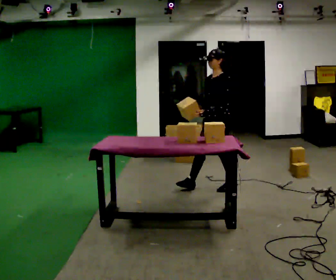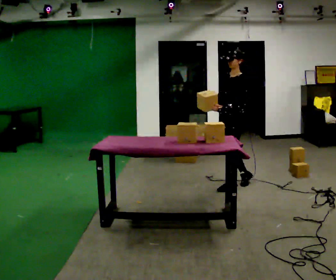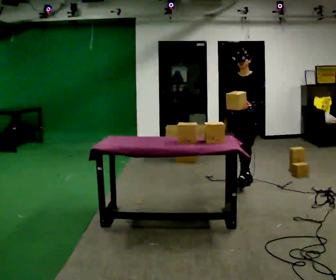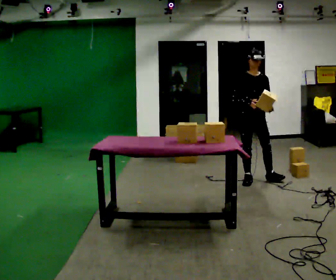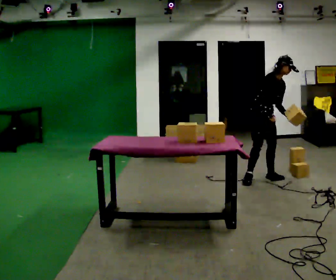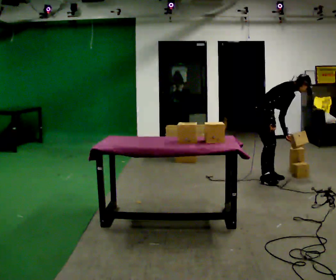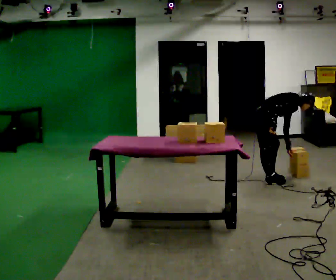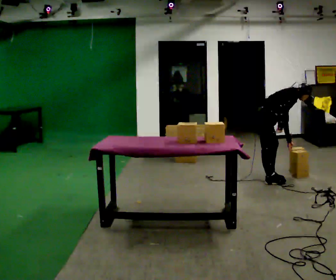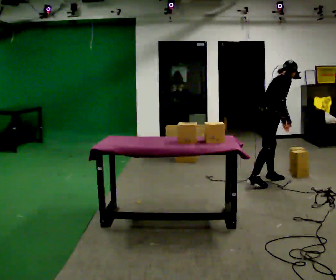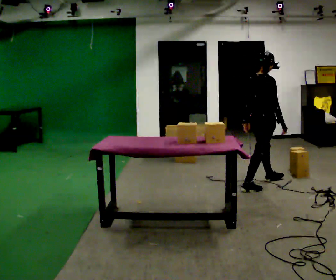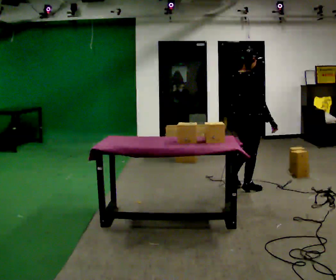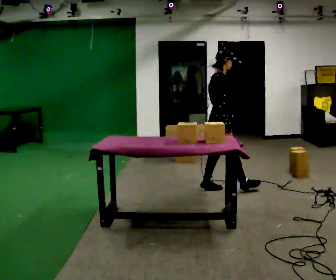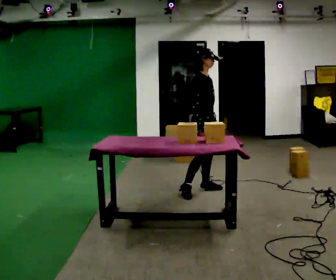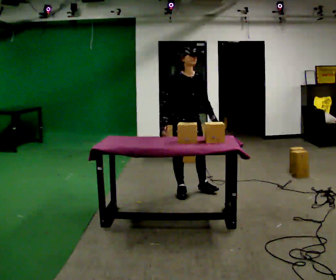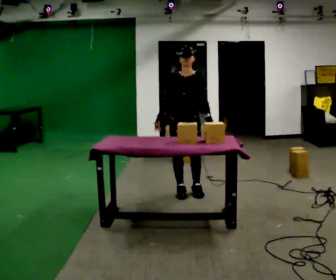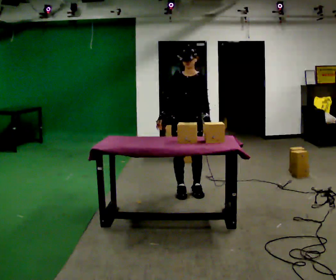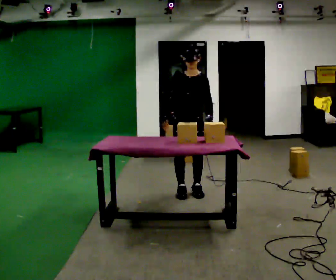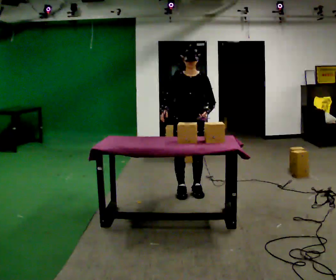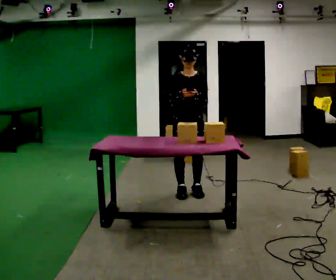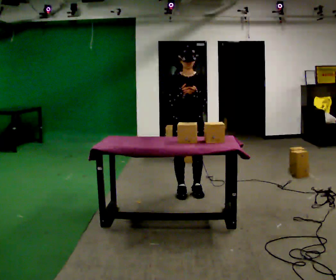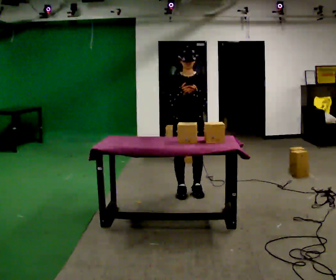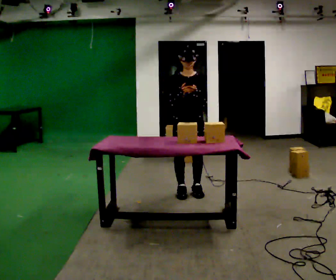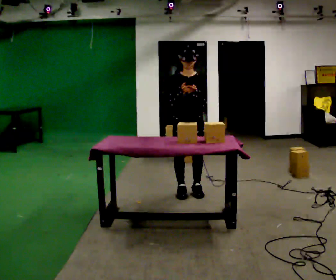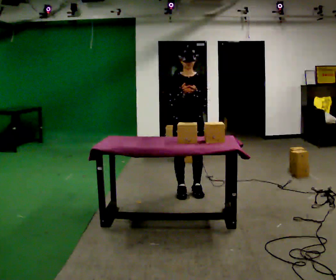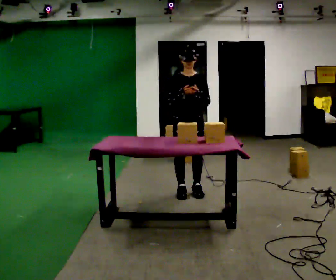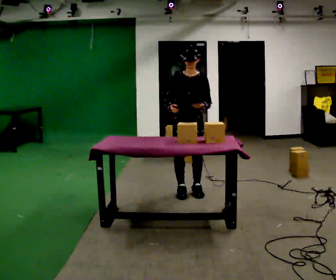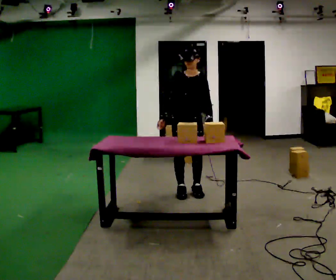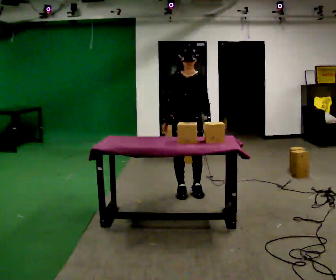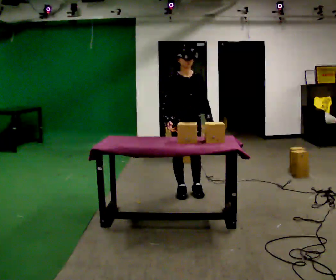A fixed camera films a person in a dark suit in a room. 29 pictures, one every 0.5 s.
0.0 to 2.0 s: The person turns about 105 degrees to their left, counterclockwise seen from above, so the part of the body nearest the lens slides to the right. In the picture they go to the right and away from the camera, about 0.75 m in 1 step. In the picture the upper body tilts clockwise, shoulders to the right, as they bend forward.
2.0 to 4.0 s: The part of the body nearest the lens slides to the right as the person turns to their left by about 60 degrees.
4.0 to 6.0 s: The part of the body nearest the lens slides to the left as the person turns to their right by about 30 degrees. In the picture they go to the left and toward the camera, about 1 m in 2 steps, which for them is backward. In the picture the upper body tilts counterclockwise, shoulders to the left, as they lean back or straighten.
6.0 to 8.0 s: The part of the body nearest the lens slides to the left as the person turns to their right by about 75 degrees. In the picture they go toward the camera, about 0.25 m.
8.0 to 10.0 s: The person moves a little, or ends about where they began.
10.0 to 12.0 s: The person keeps their place and pose.
12.0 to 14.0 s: The person moves a little, or ends about where they began.
The film runs backward here.
